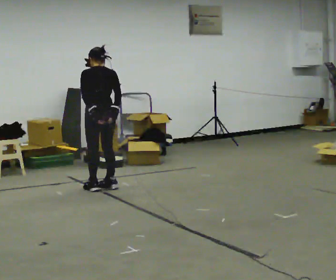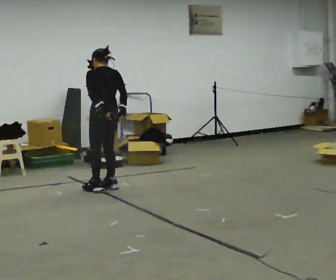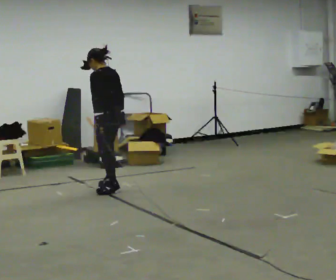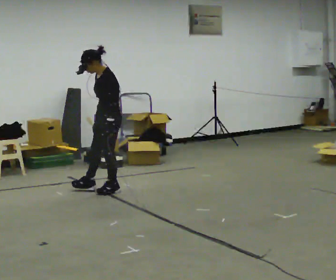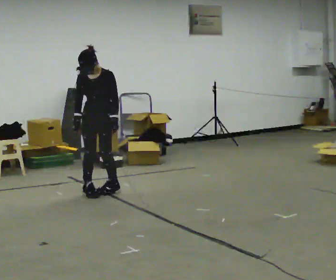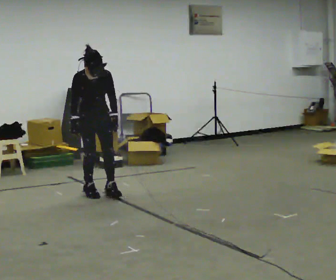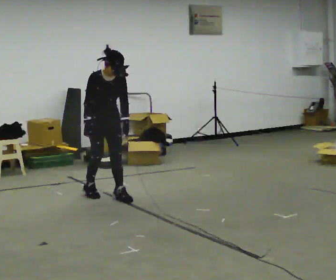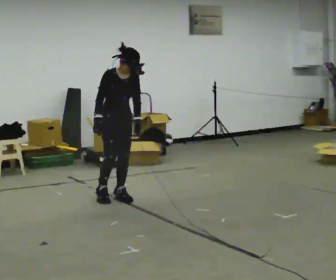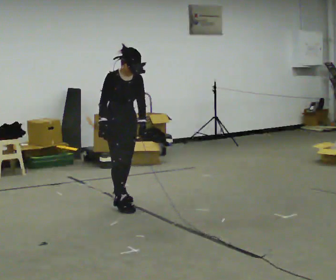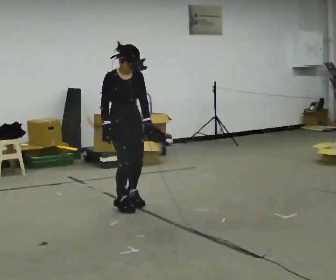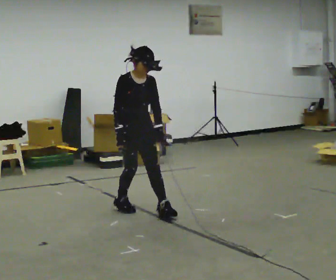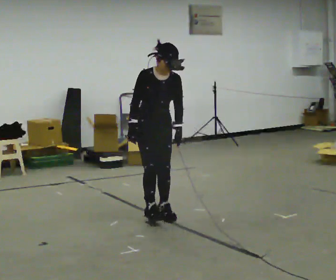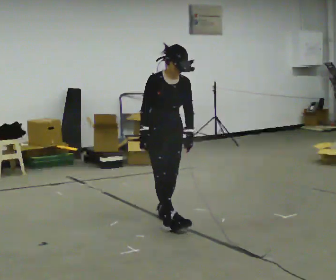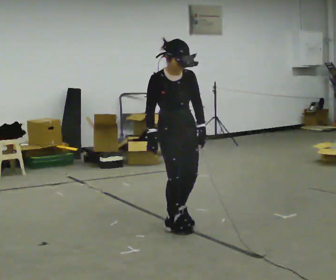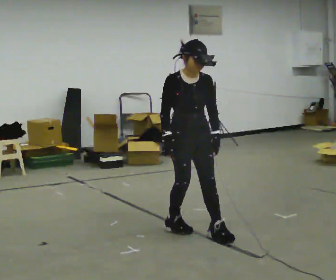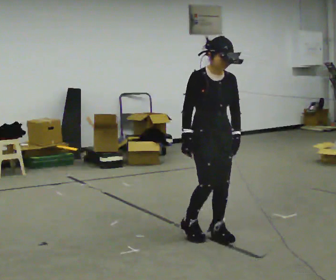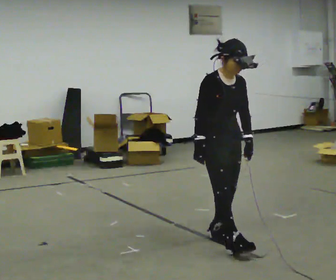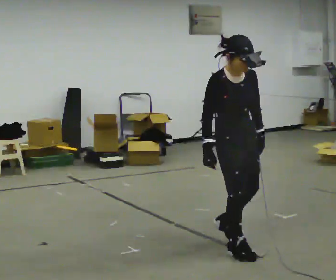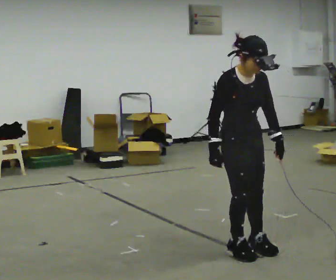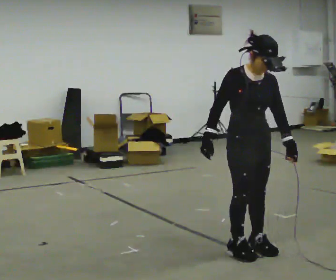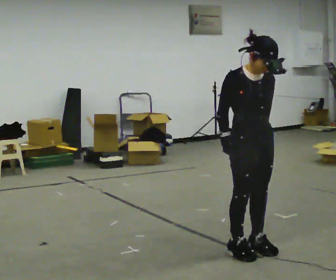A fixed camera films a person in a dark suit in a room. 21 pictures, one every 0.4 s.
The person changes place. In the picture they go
toward the camera.
0.0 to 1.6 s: The part of the body nearest the lens slides to the right as the person turns to their left by about 150 degrees. In the picture they go toward the camera, about 0.25 m in 2 steps. In the picture their right hand goes to the left, the arm swinging clockwise.
1.6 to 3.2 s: The person turns about 45 degrees to their left, counterclockwise seen from above, so the part of the body nearest the lens slides to the right. In the picture they go toward the camera and to the right, about 0.5 m in 2 steps, which for them is forward.
3.2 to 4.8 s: In the picture they go toward the camera and to the right, about 0.5 m in 2 steps, which for them is forward.
4.8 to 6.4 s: In the picture they go toward the camera and to the right, about 0.5 m in 2 steps, which for them is forward.
6.4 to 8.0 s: In the picture they go toward the camera and to the right, about 0.25 m in 1 step, which for them is forward.
The film runs backward here.
